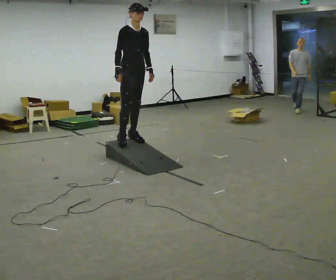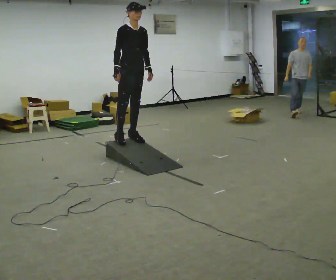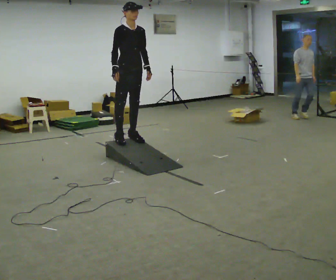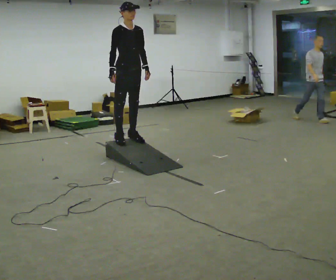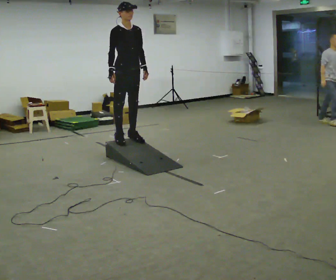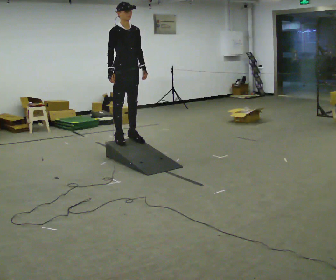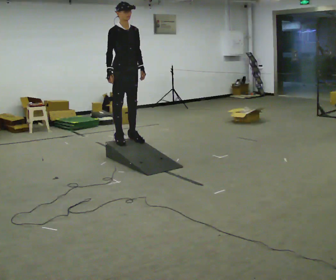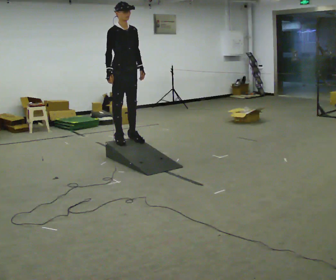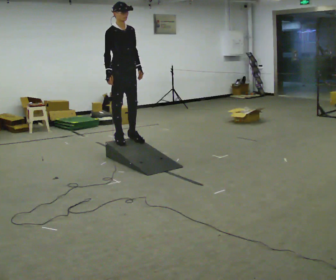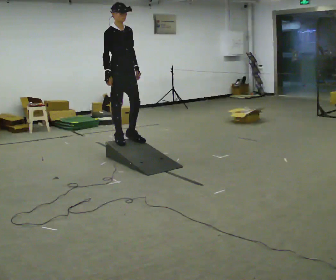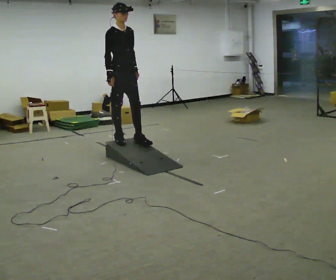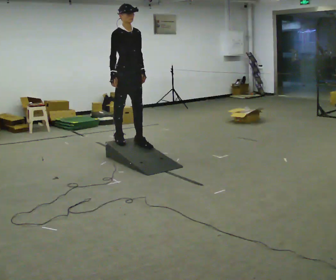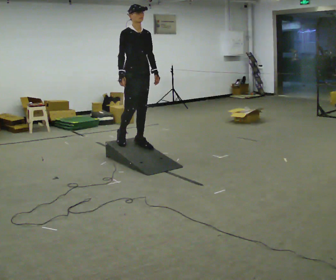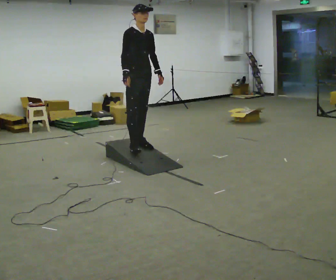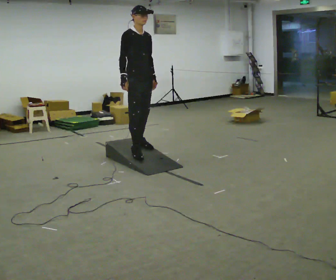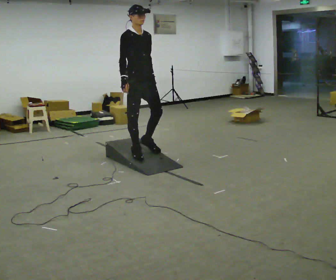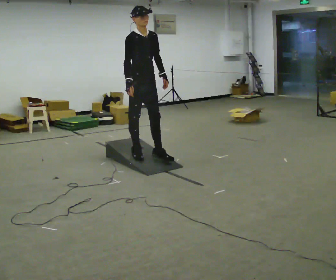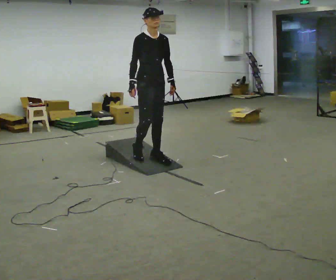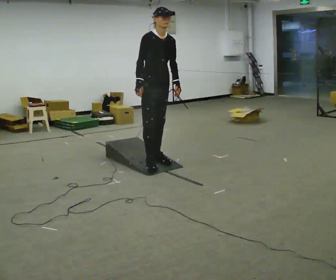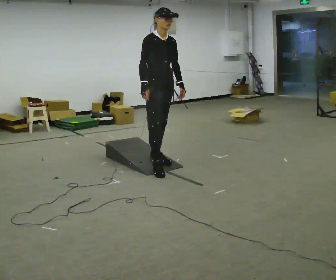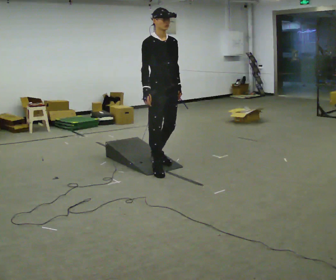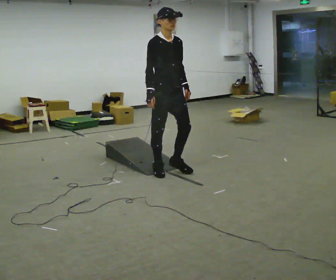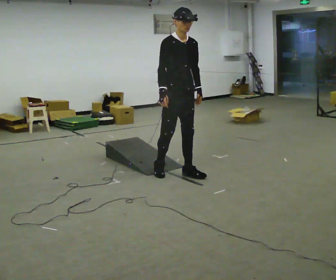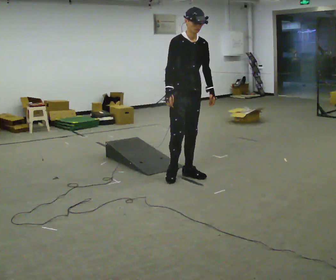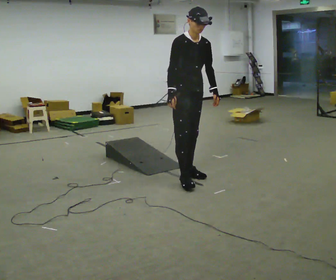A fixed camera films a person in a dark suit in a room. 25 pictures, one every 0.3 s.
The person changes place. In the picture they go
toward the camera.
0.0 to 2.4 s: The person moves a little, or ends about where they began.
2.4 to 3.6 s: In the picture they go to the right, about 0.25 m in 1 step, which for them is forward.
3.6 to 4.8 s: In the picture they go toward the camera, about 0.25 m in 2 steps, which for them is forward and to their right.
4.8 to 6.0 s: In the picture they go toward the camera and to the right, about 0.5 m in 1 step, which for them is forward.
6.0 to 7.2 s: In the picture they go toward the camera and to the right, about 0.25 m in 2 steps, which for them is forward.
The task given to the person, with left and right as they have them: Walk up the ramp, turn at the top, and walk back down at a comfortable speed.
The film runs forward here.
